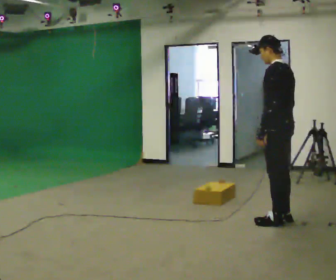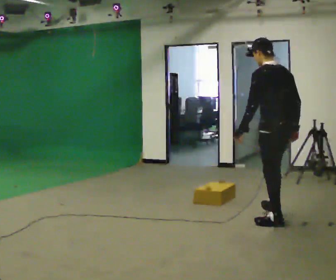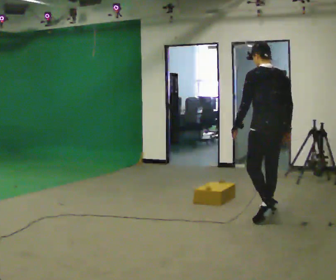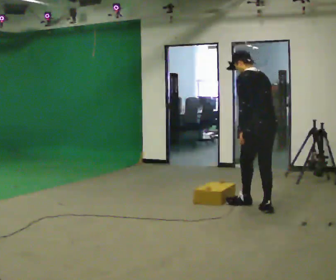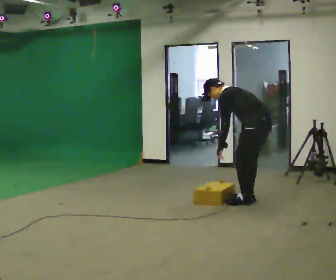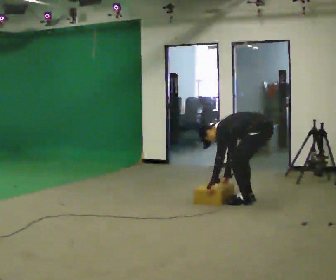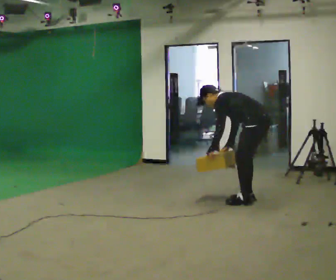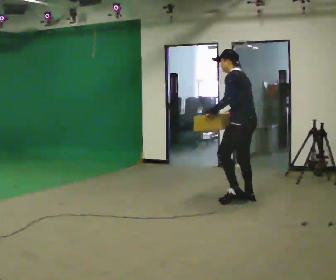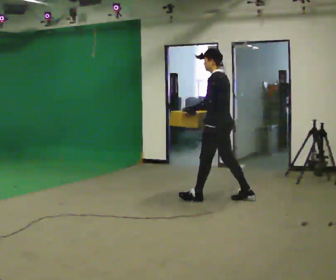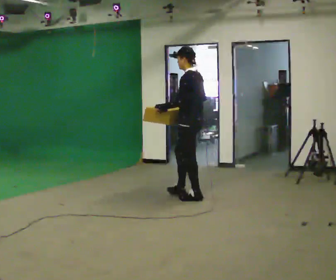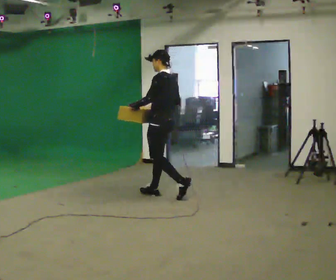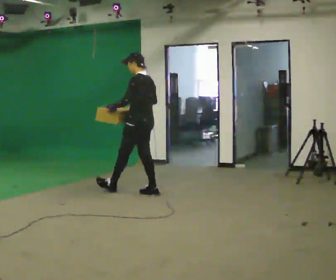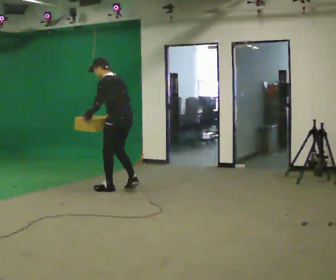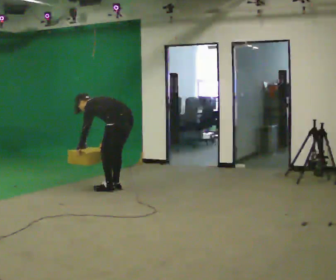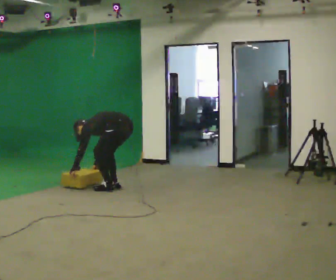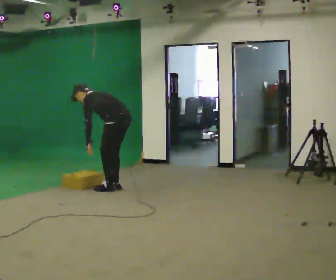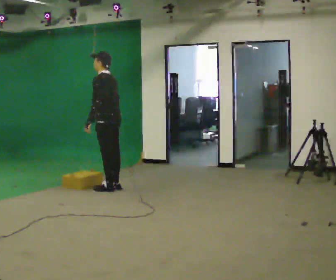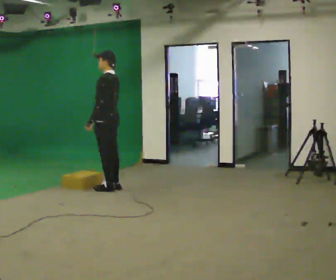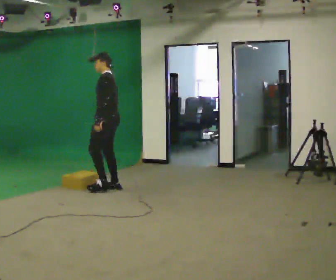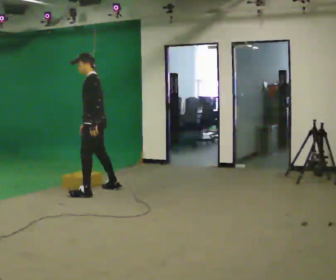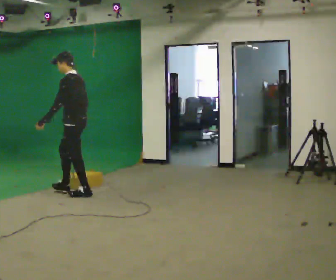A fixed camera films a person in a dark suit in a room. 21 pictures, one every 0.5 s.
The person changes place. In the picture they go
to the left.
The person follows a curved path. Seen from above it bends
counterclockwise.
0.0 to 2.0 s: In the picture they go away from the camera, about 1 m in 3 steps, which for them is forward and to their right. The shoulders move downward. In the picture the upper body tilts counterclockwise, shoulders to the left, as they bend forward.
2.0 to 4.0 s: In the picture they go to the left and away from the camera, about 0.5 m in 1 step, which for them is forward. In the picture their right hand goes upward.
4.0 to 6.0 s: In the picture they go to the left, about 1.5 m in 2 steps, which for them is forward.
6.0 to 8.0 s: In the picture they go to the left, about 0.25 m in 1 step, which for them is forward.
8.0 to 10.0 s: In the picture they go to the left and toward the camera, about 0.5 m in 1 step, which for them is to their left and forward.
The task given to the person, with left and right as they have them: Start still; walk straight at normal comfortable speed; stop at endpoint.
The film runs forward here.
